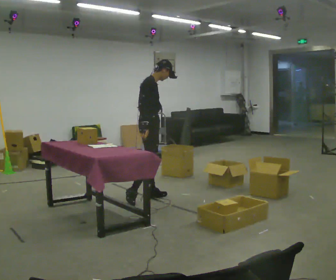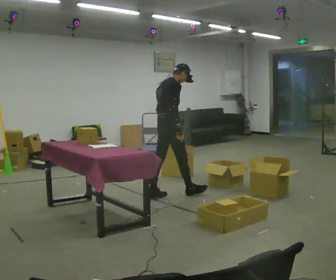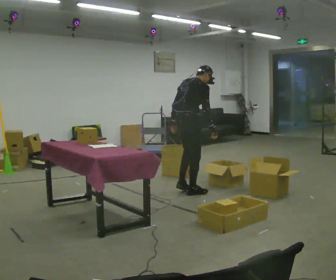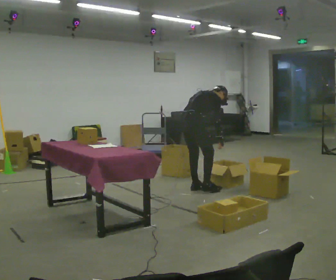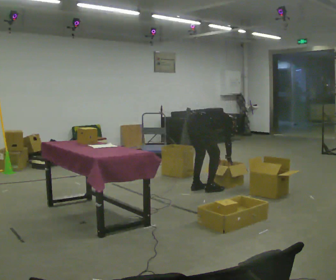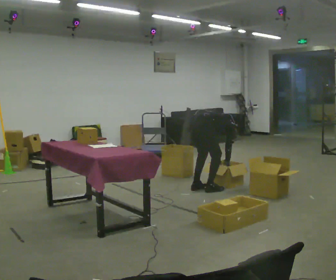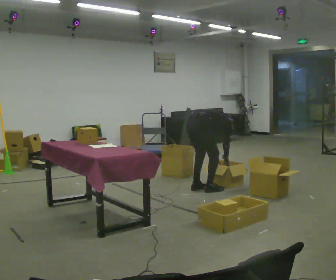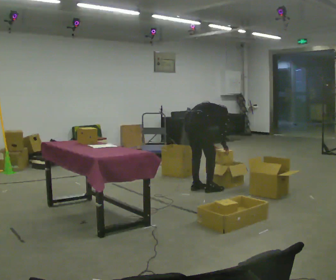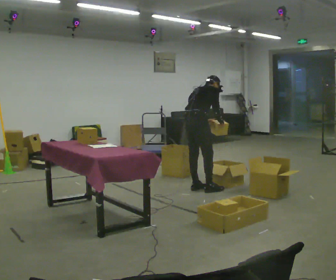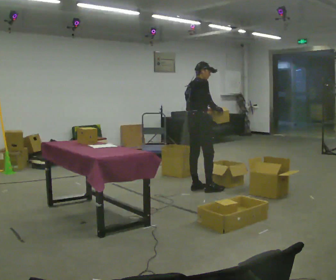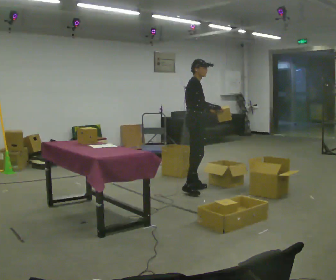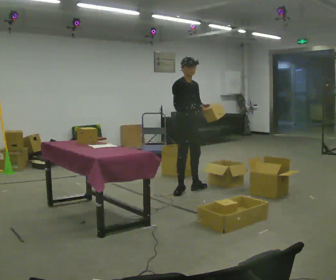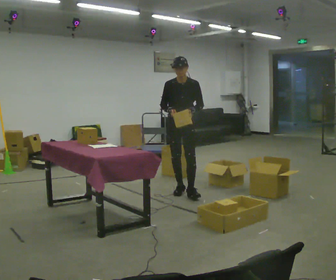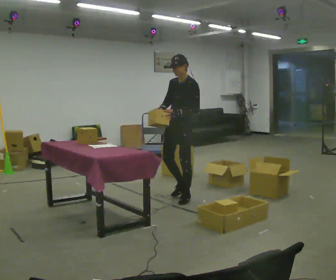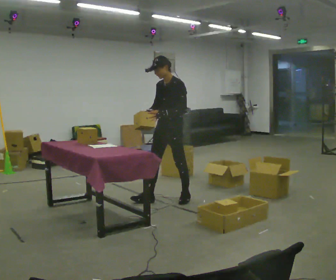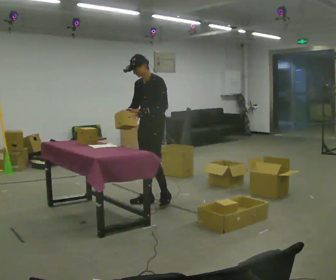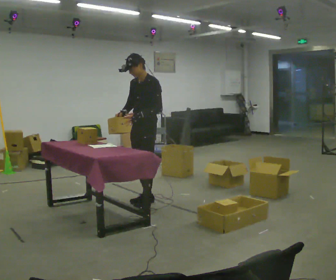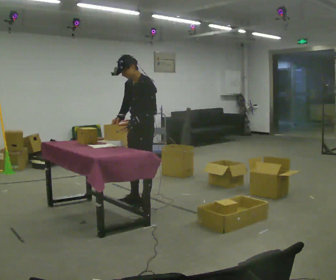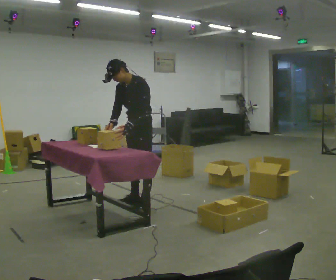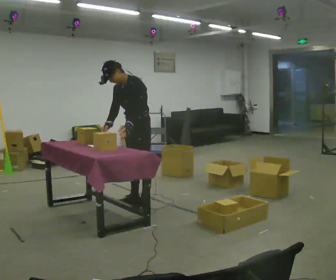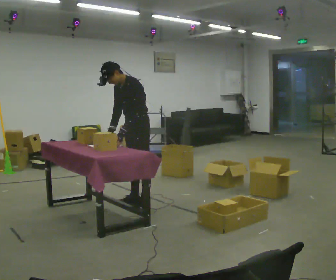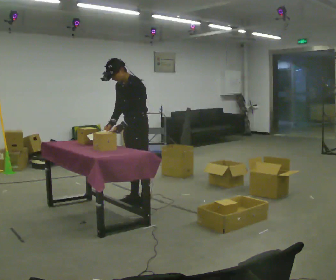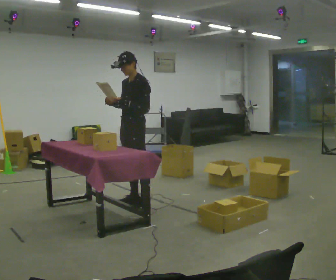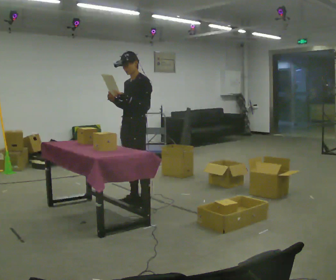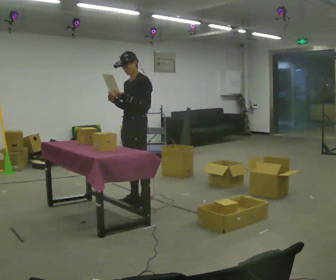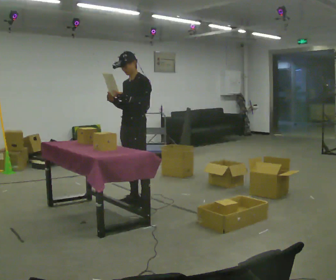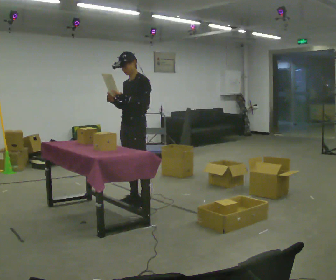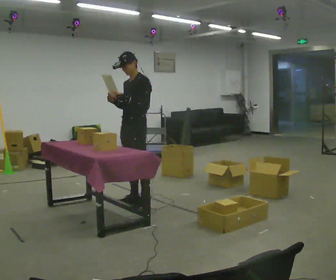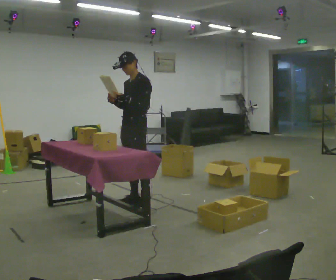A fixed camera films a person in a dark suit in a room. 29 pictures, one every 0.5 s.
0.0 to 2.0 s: The part of the body nearest the lens slides to the right as the person turns to their left by about 45 degrees. In the picture they go to the right, about 0.5 m in 3 steps, which for them is forward and to their right. The shoulders move downward. In the picture the upper body tilts clockwise, shoulders to the right, as they bend forward. In the picture their right hand goes downward.
2.0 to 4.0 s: The upper body goes upward. In the picture the upper body tilts counterclockwise, shoulders to the left, as they lean back or straighten. In the picture their right hand goes upward.
4.0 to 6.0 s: The person turns about 135 degrees to their right, clockwise seen from above, so the part of the body nearest the lens slides to the left. In the picture they go to the left, about 0.25 m in 1 step. The upper body tips toward the camera, its near side rolling downward, as they lean back or straighten. In the picture their right hand goes to the left.
6.0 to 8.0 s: Seen from above the body turns clockwise, about 45 degrees: to their right, with its near side sliding to the left. In the picture they go toward the camera and to the left, about 0.75 m in 3 steps, which for them is forward.
8.0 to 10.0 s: In the picture the upper body tilts counterclockwise, shoulders to the left, as they bend forward.
10.0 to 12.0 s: In the picture the upper body tilts clockwise, shoulders to the right, as they lean back or straighten. In the picture their right hand goes upward.
12.0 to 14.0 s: The person keeps their place and pose.
The film runs forward here.
